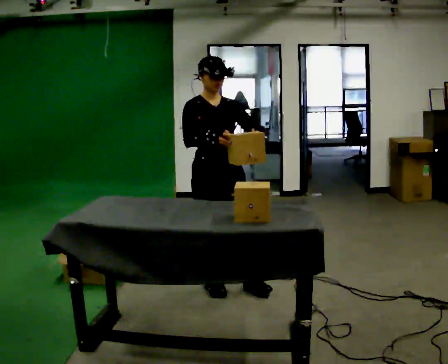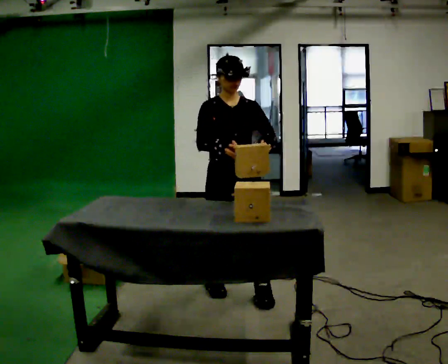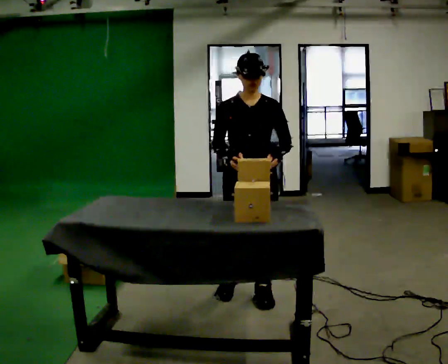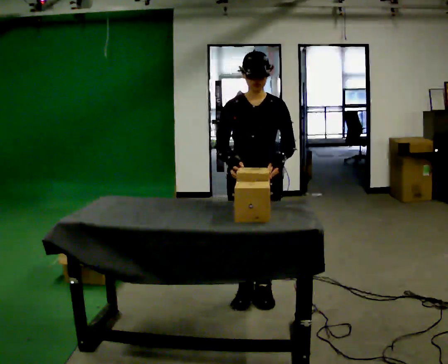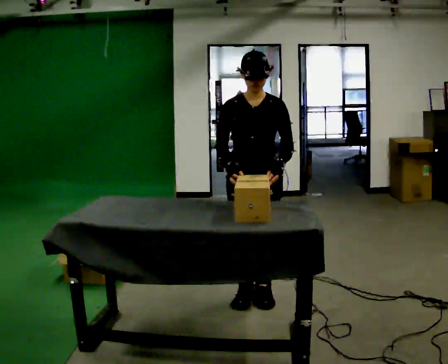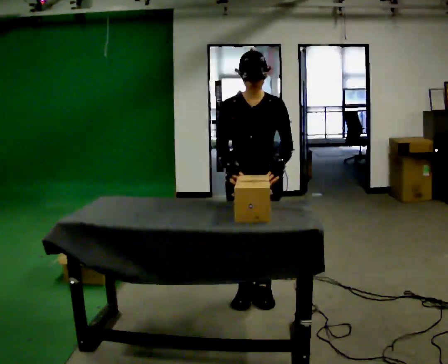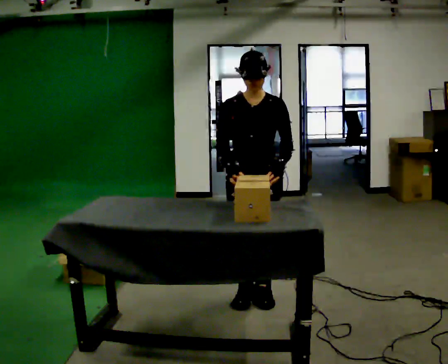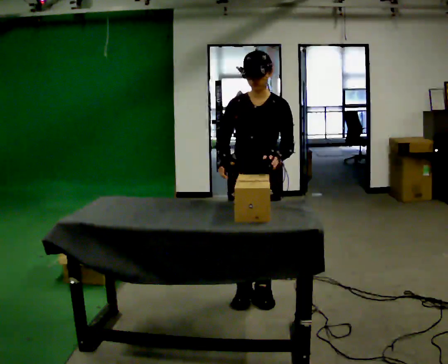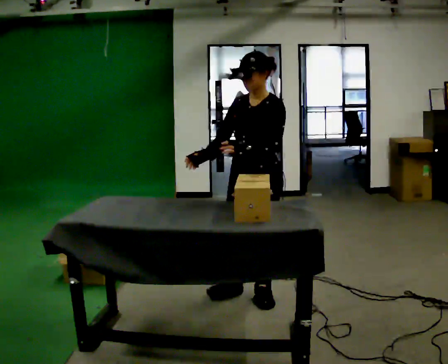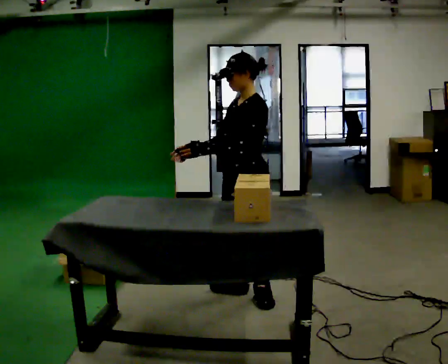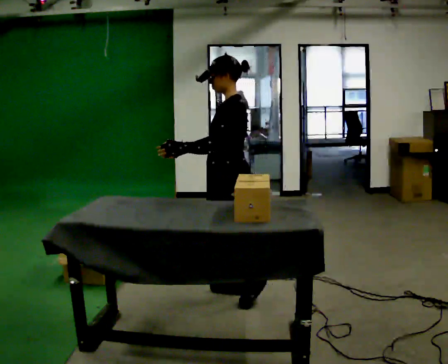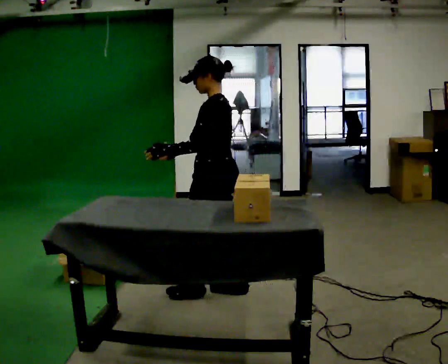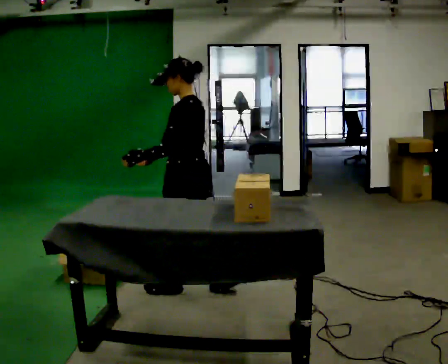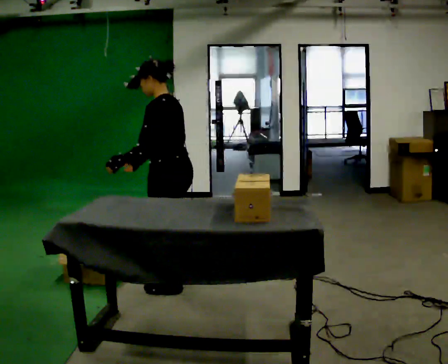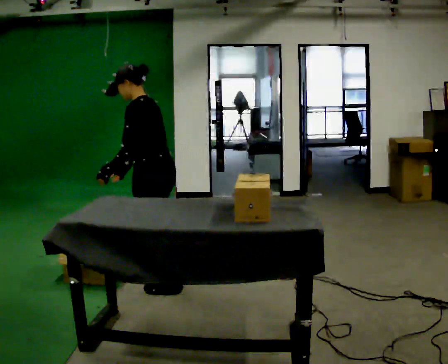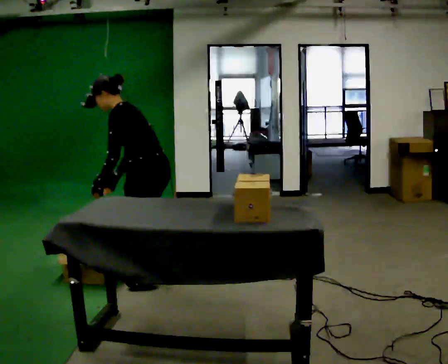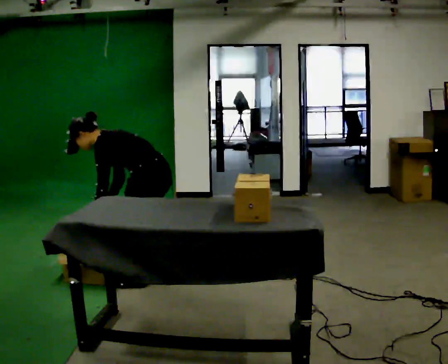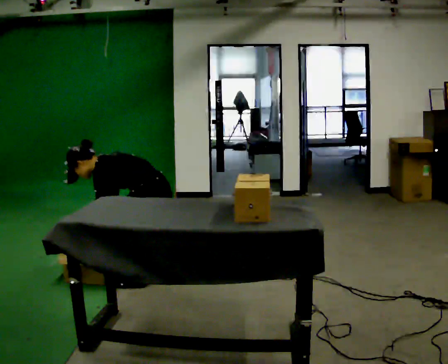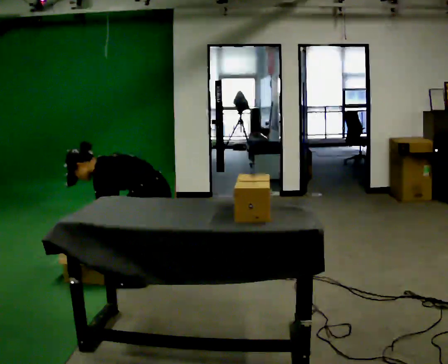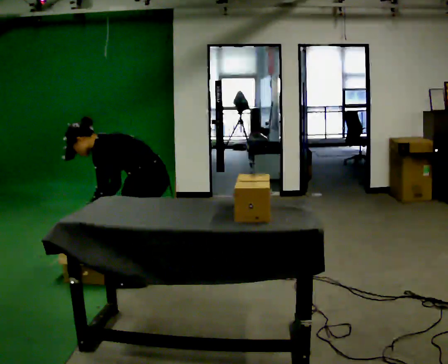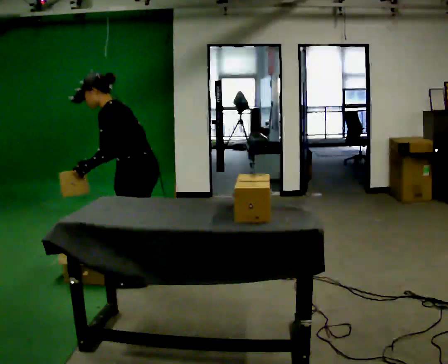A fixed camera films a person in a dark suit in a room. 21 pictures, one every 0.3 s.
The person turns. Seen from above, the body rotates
clockwise.
The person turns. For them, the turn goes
to their right.
0.0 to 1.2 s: The part of the body nearest the lens slides to the left as the person turns to their right by about 30 degrees. In the picture they go to the right and toward the camera, about 0.25 m in 2 steps, which for them is to their left and forward.
1.2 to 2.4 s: The part of the body nearest the lens slides to the left as the person turns to their right by about 30 degrees.
2.4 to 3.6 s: Seen from above the body turns clockwise, about 60 degrees: to their right, with its near side sliding to the left. In the picture they go to the left, about 0.5 m in 1 step.
3.6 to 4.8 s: In the picture they go to the left, about 0.25 m in 2 steps, which for them is forward. The shoulders move downward. In the picture the upper body tilts counterclockwise, shoulders to the left, as they bend forward. In the picture their left hand goes downward.
4.8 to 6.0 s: The person moves a little, or ends about where they began.
The film runs forward here.
